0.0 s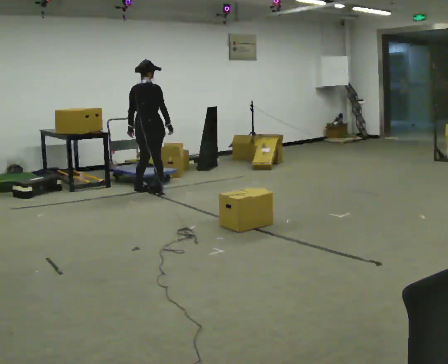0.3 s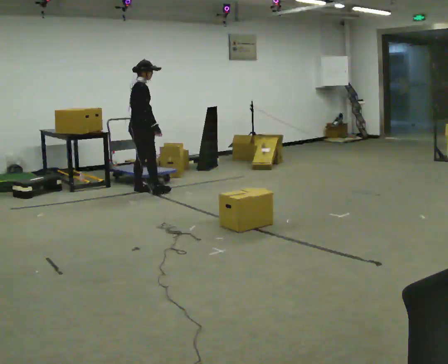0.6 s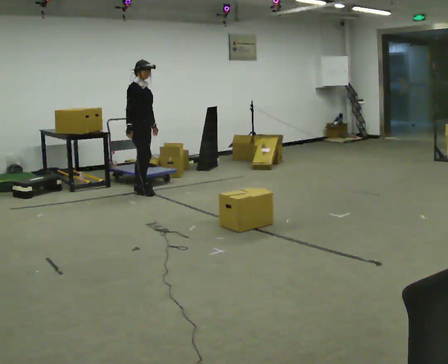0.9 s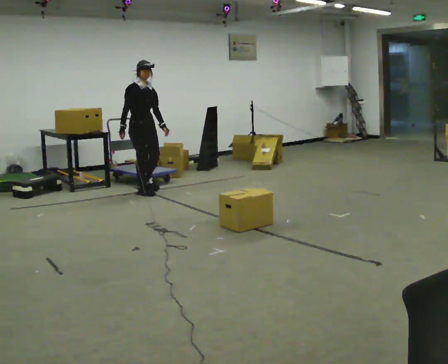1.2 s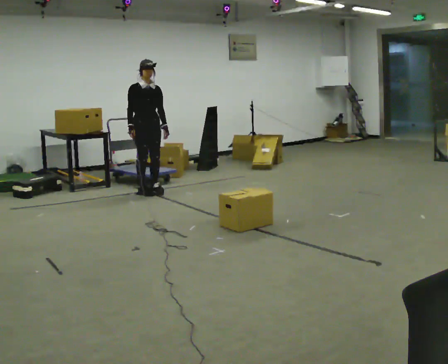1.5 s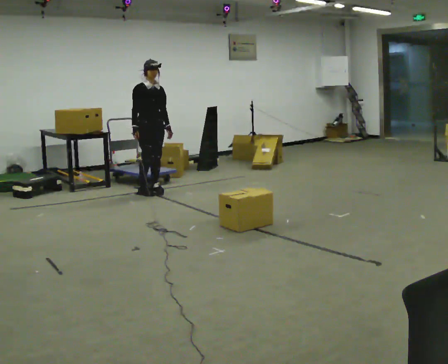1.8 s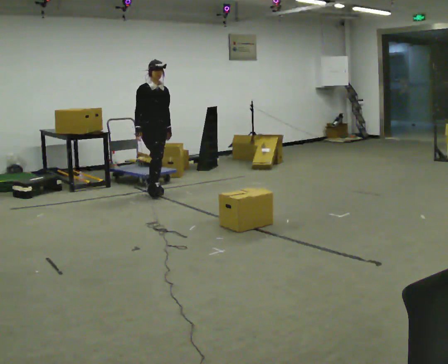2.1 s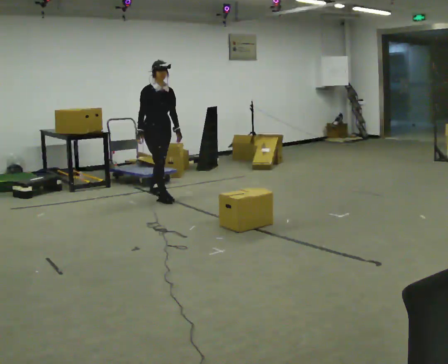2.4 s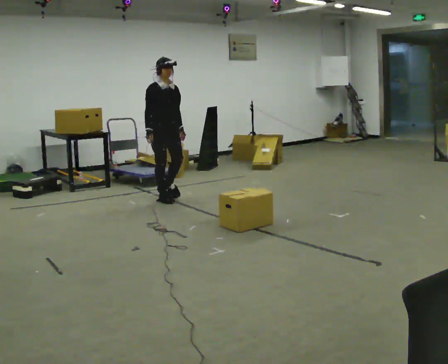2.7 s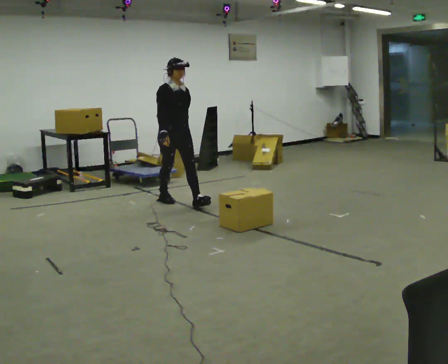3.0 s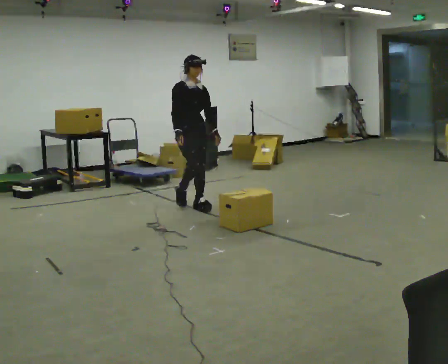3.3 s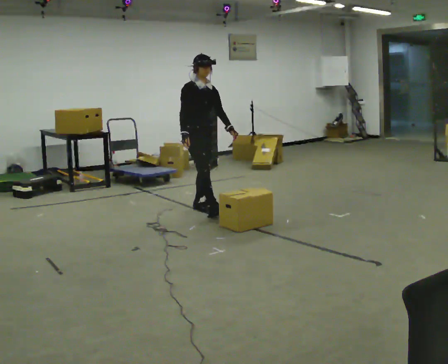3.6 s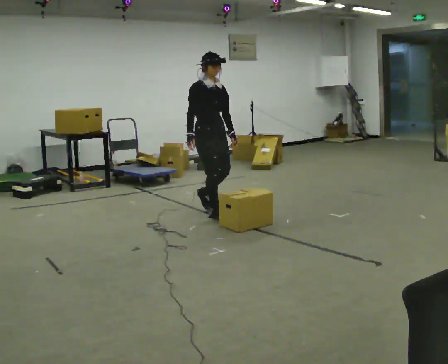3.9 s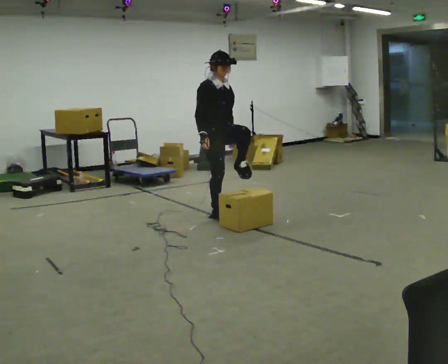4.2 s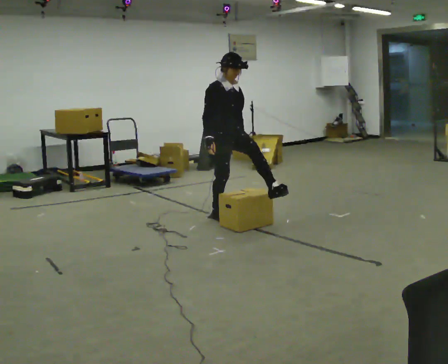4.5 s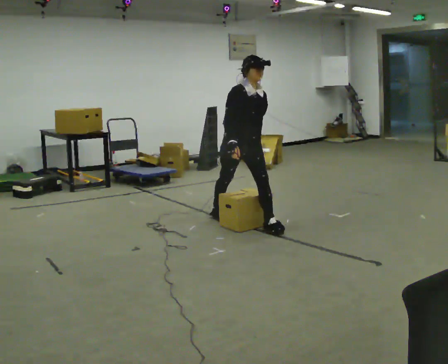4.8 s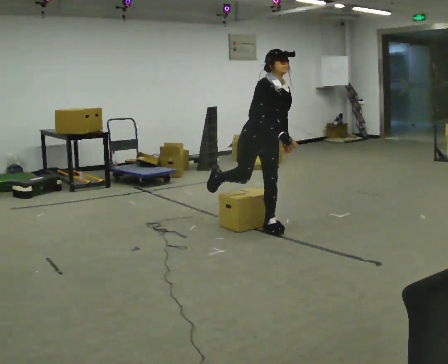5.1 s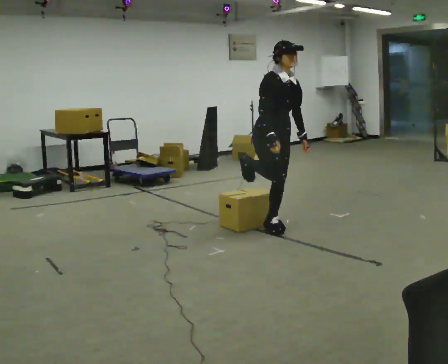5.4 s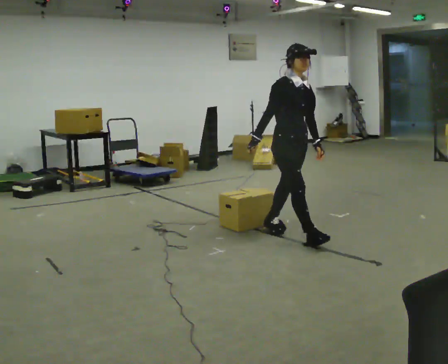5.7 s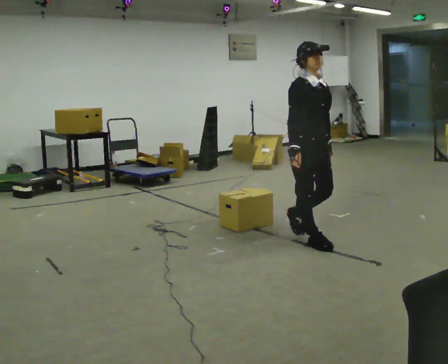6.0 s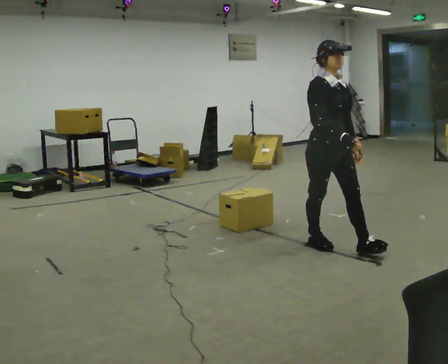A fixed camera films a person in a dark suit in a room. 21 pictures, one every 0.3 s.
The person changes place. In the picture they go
toward the camera.
0.0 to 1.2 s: Seen from above the body turns clockwise, about 135 degrees: to their right, with its near side sliding to the left. In the picture their right hand goes to the left, the arm swinging clockwise.
1.2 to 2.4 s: In the picture they go toward the camera and to the right, about 0.5 m in 1 step, which for them is forward.
2.4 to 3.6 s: In the picture they go toward the camera and to the right, about 1 m in 2 steps, which for them is forward.
3.6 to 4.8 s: In the picture they go toward the camera and to the right, about 0.75 m in 1 step, which for them is forward. The upper body tips toward the camera, its near side rolling downward, as they bend forward.
4.8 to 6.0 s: In the picture they go toward the camera and to the right, about 1 m in 1 step, which for them is forward.
The film runs forward here.
